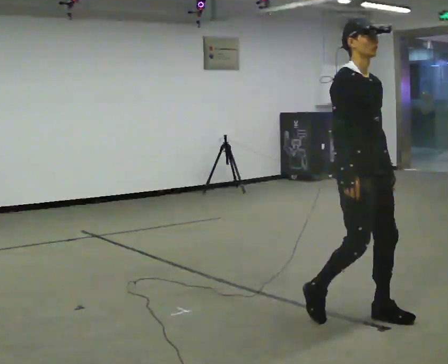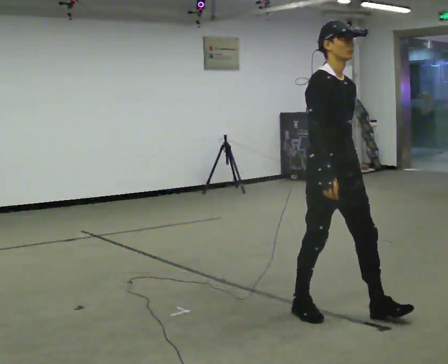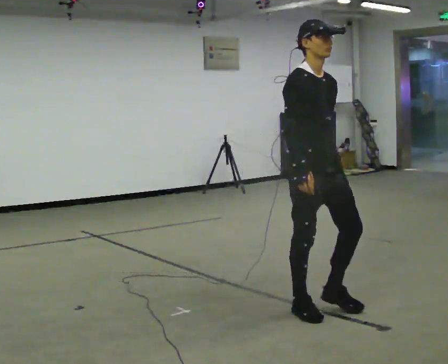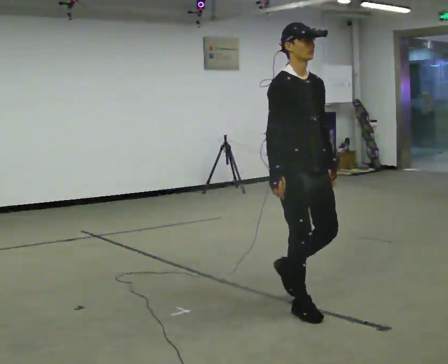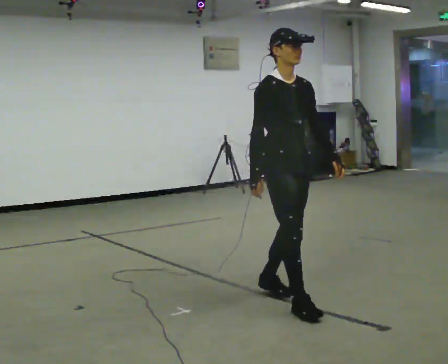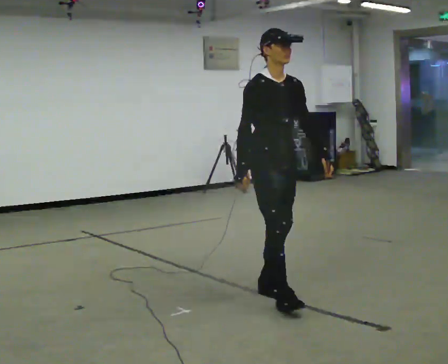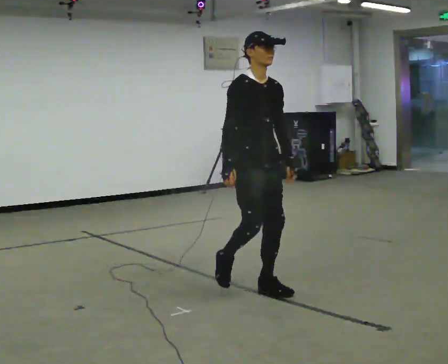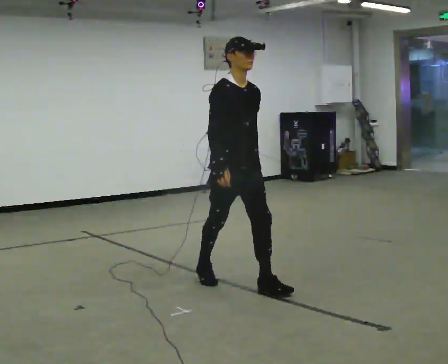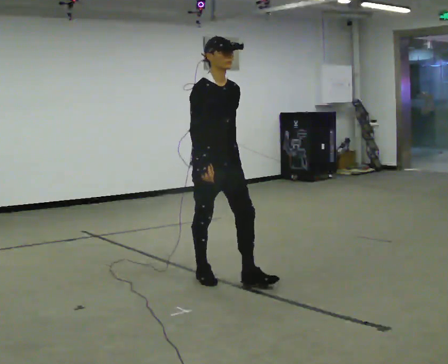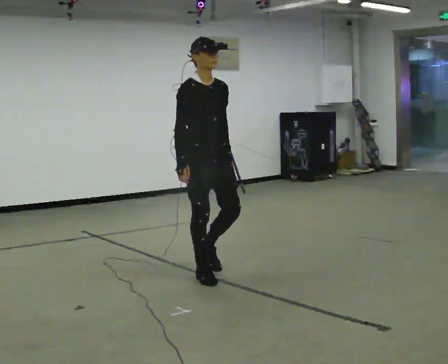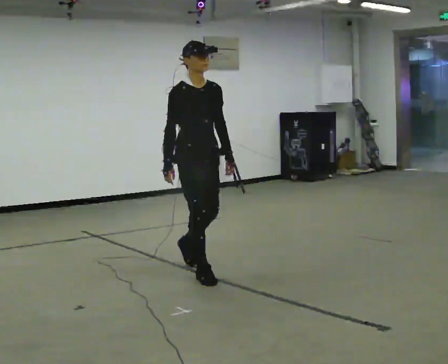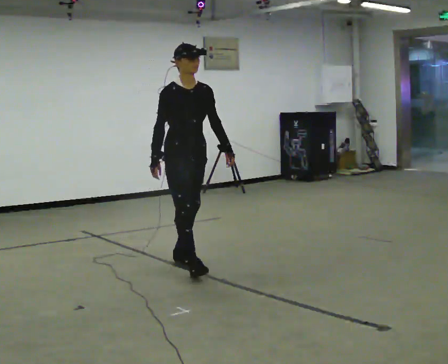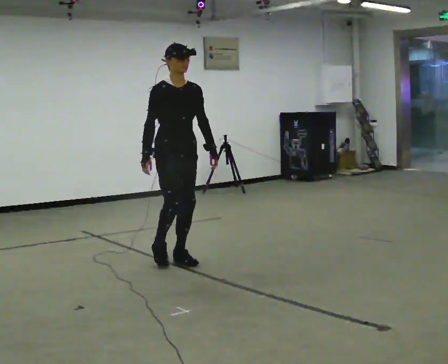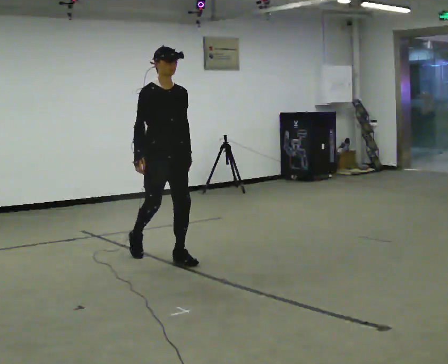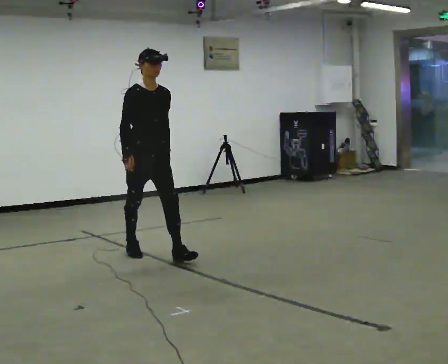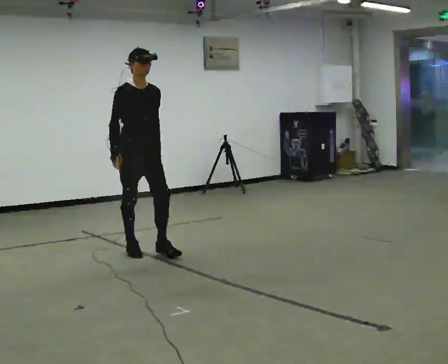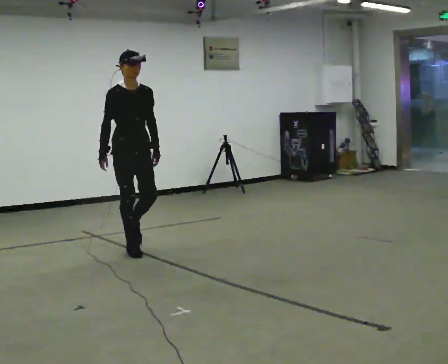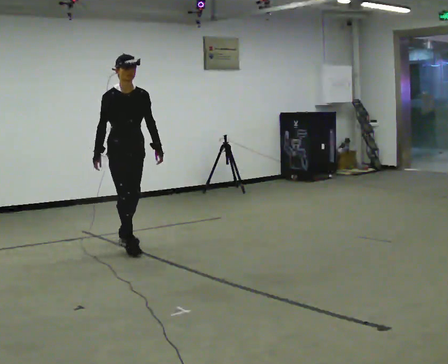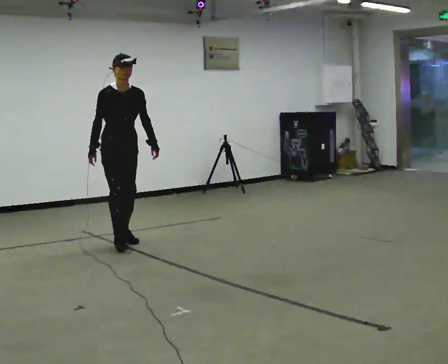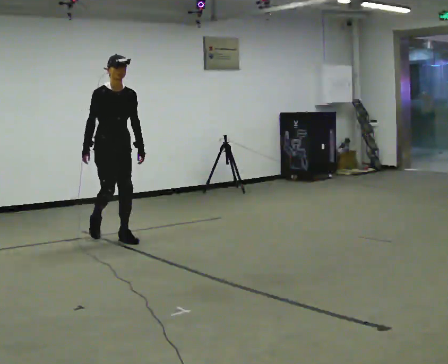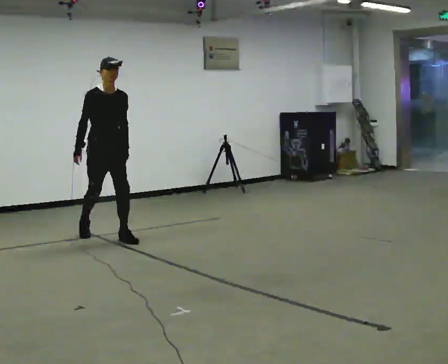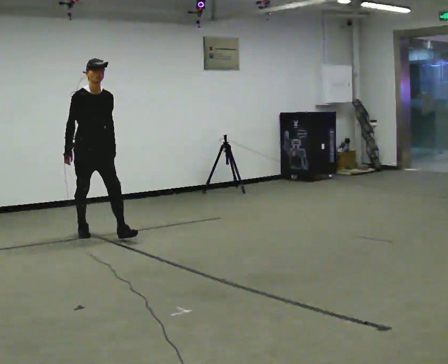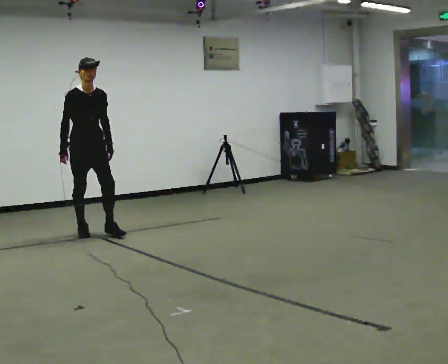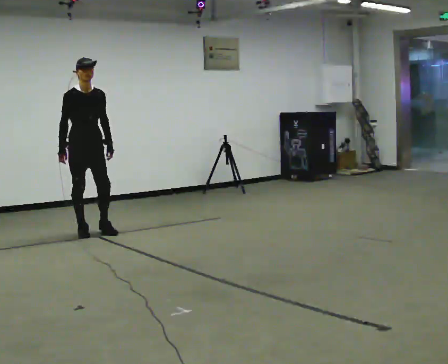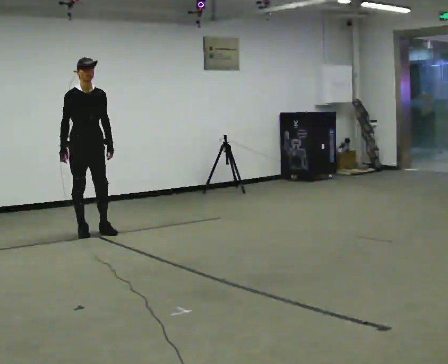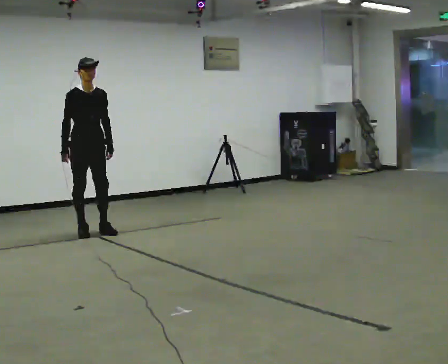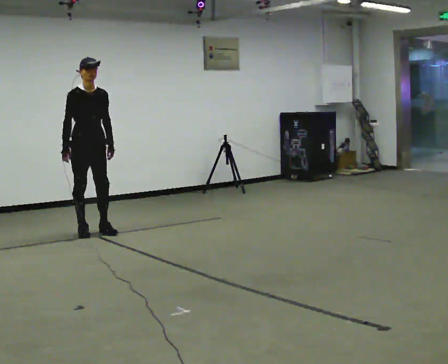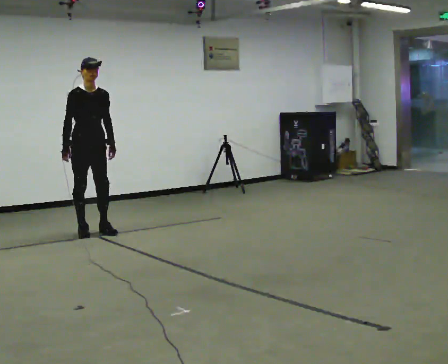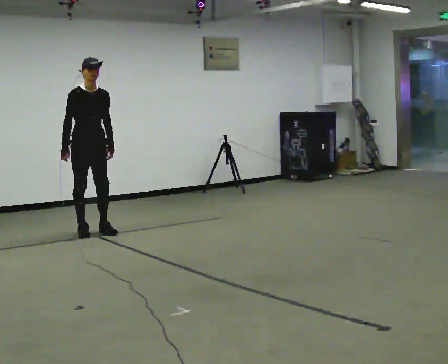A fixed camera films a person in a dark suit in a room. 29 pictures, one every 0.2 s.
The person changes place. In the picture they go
away from the camera.
0.0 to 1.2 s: In the picture they go away from the camera and to the left, about 1 m in 2 steps, which for them is backward.
1.2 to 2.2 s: In the picture they go away from the camera and to the left, about 1 m in 2 steps, which for them is backward.
2.2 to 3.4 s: In the picture they go away from the camera and to the left, about 1 m in 1 step, which for them is backward.
3.4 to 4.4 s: In the picture they go away from the camera and to the left, about 0.75 m in 2 steps, which for them is backward.
4.4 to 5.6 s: The person moves a little, or ends about where they began.
The film runs backward here.
